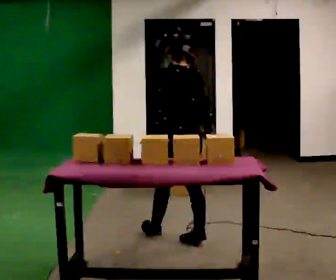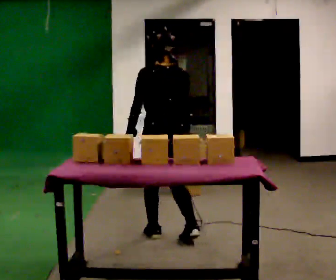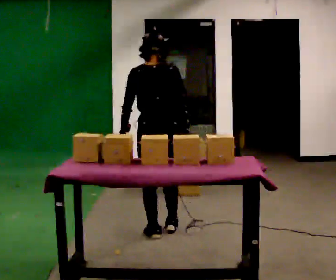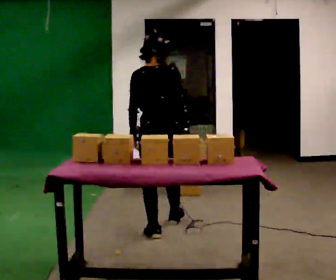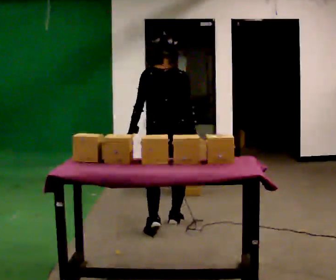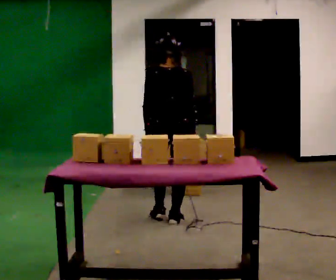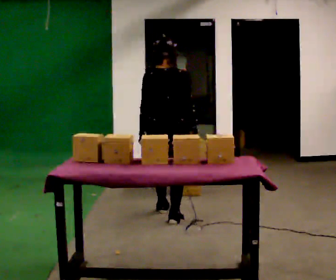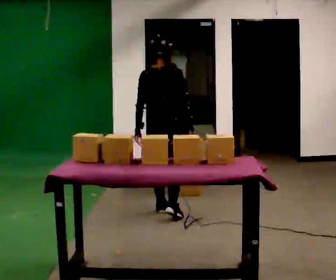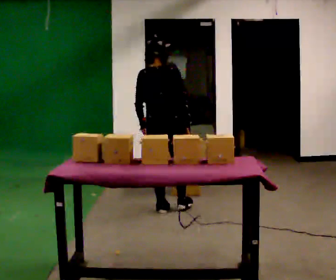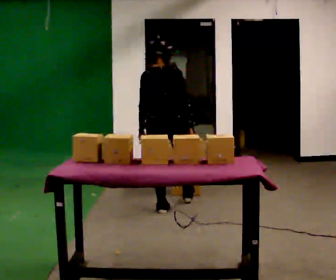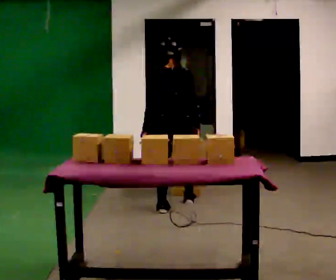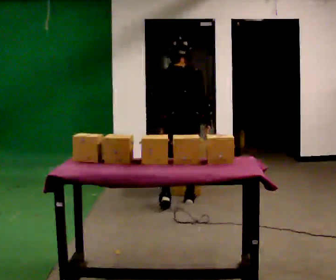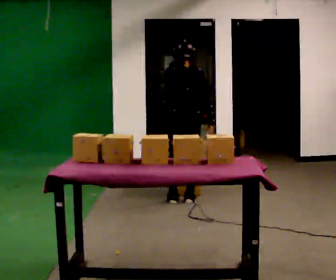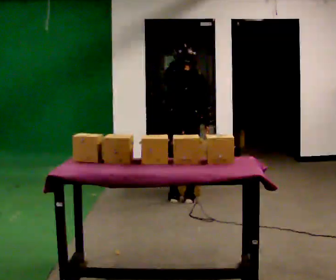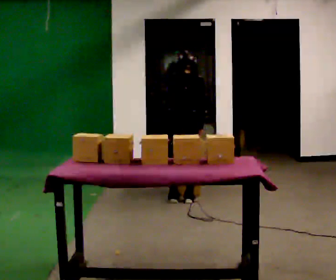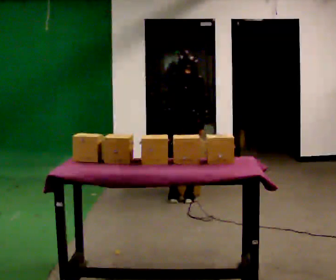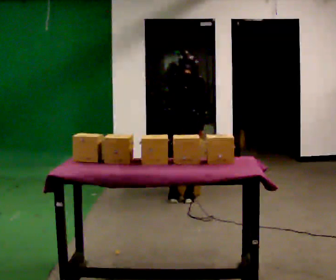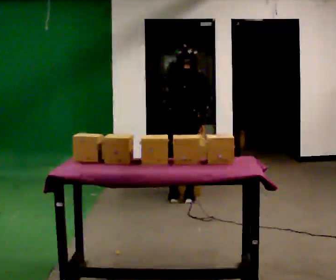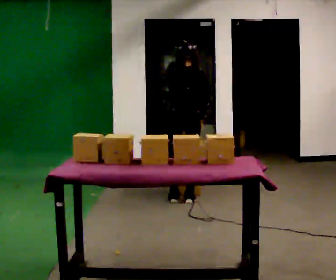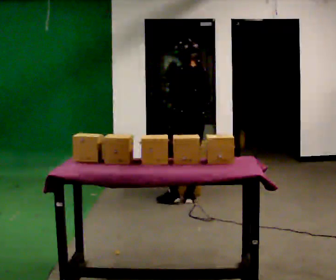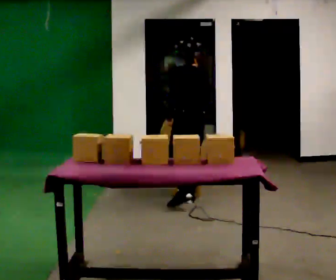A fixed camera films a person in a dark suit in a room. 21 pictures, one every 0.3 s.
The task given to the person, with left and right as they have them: Carry the box over and put it on the shelf with the label facing out towards you. Get the orientation right, not just the position. Keep going until the operator says stop; one object at a time, and do not rush between trips.
0.0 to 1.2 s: The part of the body nearest the lens slides to the left as the person turns to their right by about 30 degrees. In the picture they go away from the camera, about 0.5 m in 1 step, which for them is forward.
1.2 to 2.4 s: In the picture they go away from the camera, about 0.5 m in 1 step, which for them is forward.
2.4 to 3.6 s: In the picture they go away from the camera and to the right, about 0.5 m in 1 step, which for them is forward and to their right. The upper body tips away from the camera, its near side rolling upward, as they bend forward.
3.6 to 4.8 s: The upper body tips away from the camera, its near side rolling upward, as they bend forward.
4.8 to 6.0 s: The person turns about 45 degrees to their left, counterclockwise seen from above, so the part of the body nearest the lens slides to the right. The upper body tips toward the camera, its near side rolling downward, as they lean back or straighten.
The film runs forward here.
